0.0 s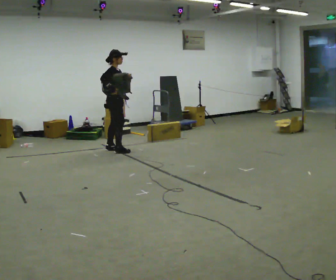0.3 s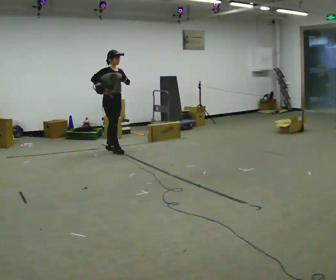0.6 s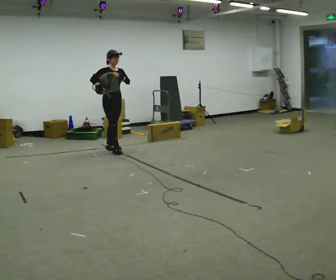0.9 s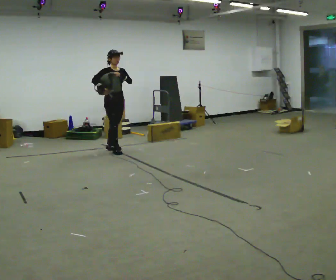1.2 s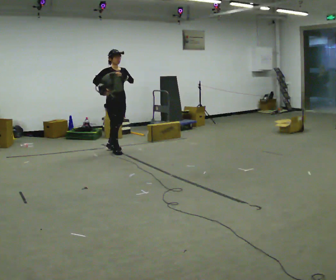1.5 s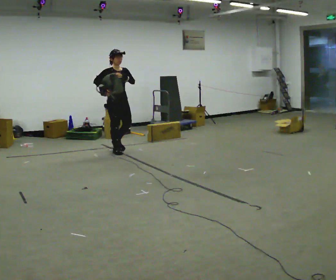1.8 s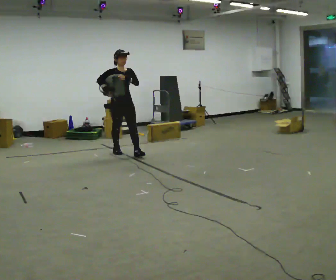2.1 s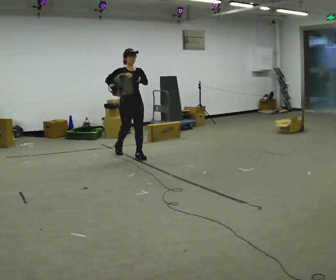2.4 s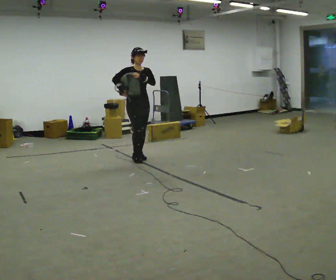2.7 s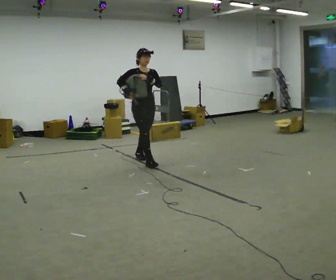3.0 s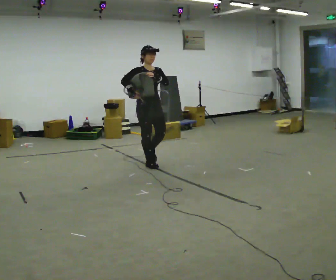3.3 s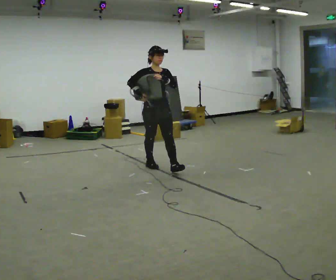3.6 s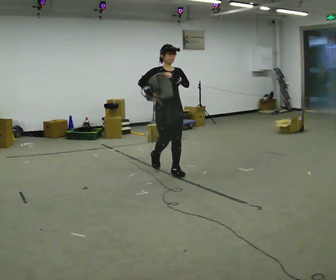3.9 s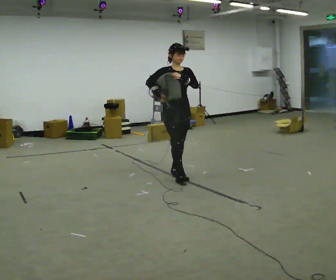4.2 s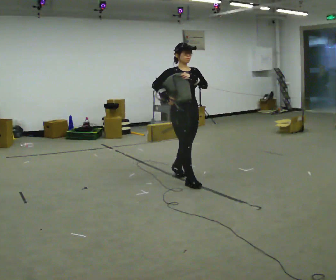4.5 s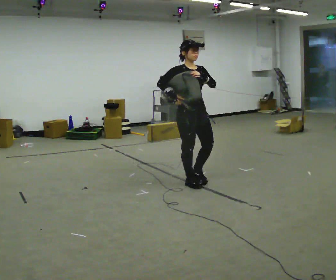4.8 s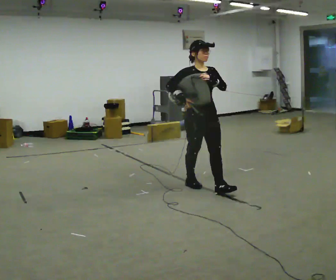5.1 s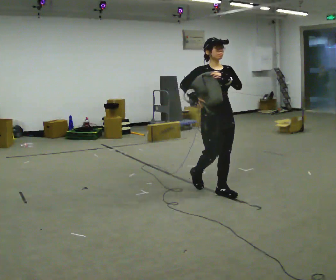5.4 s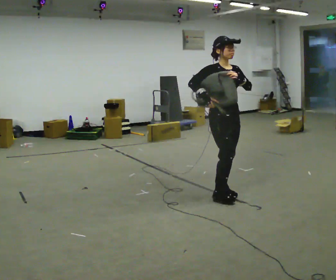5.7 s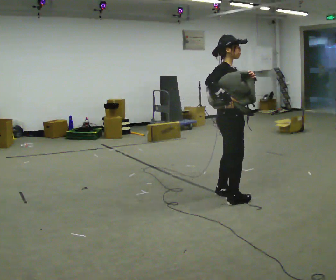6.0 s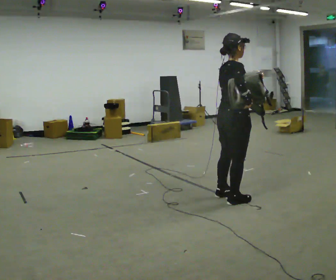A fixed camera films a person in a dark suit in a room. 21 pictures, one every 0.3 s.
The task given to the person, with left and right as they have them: Put the soft bag up onto your shoulder and carry it across the room, back and forth.
0.0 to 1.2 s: The person turns about 45 degrees to their right, clockwise seen from above, so the part of the body nearest the lens slides to the left.
1.2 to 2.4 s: In the picture they go to the right and toward the camera, about 0.5 m in 1 step, which for them is forward.
2.4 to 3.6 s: In the picture they go toward the camera and to the right, about 1 m in 2 steps, which for them is forward.
3.6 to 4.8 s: In the picture they go toward the camera and to the right, about 1 m in 1 step, which for them is forward.
4.8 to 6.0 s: Seen from above the body turns counterclockwise, about 90 degrees: to their left, with its near side sliding to the right. In the picture they go toward the camera and to the right, about 0.5 m in 2 steps.
The film runs forward here.
